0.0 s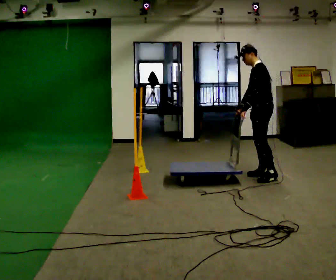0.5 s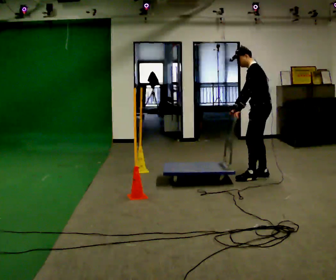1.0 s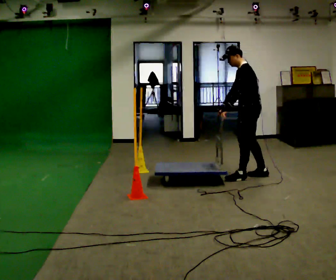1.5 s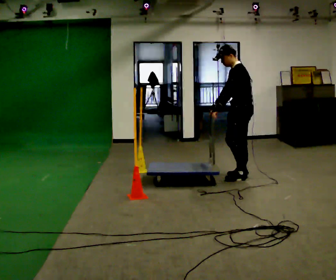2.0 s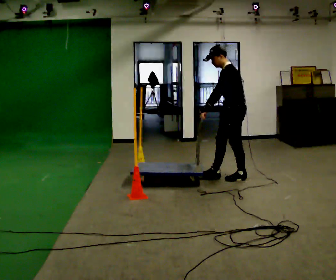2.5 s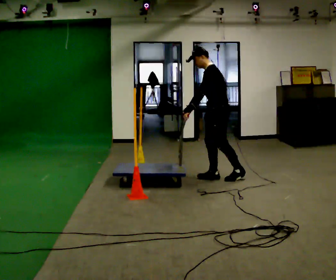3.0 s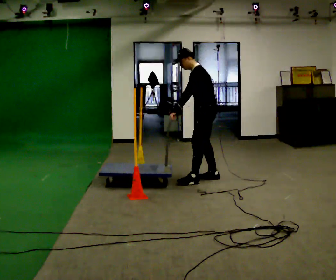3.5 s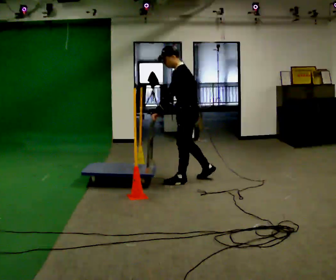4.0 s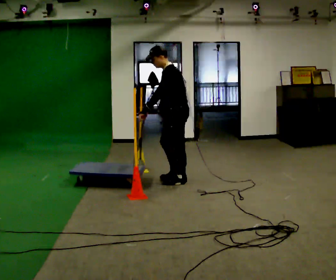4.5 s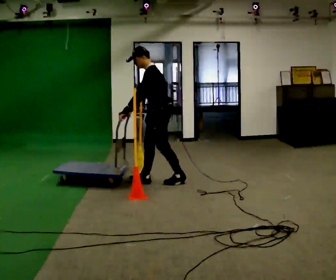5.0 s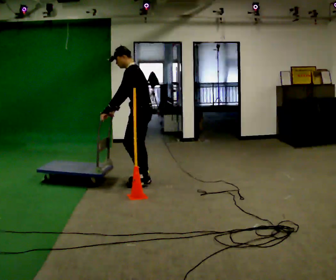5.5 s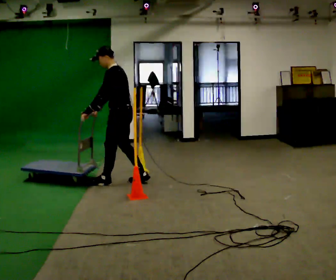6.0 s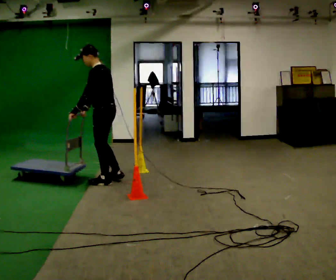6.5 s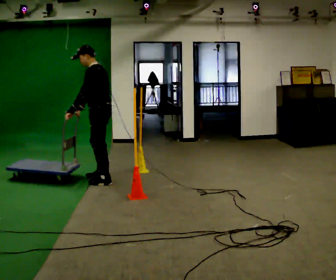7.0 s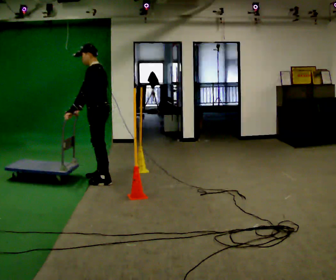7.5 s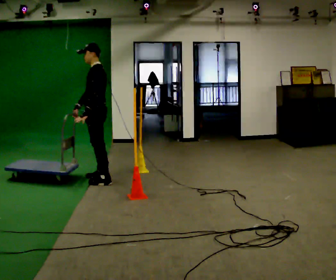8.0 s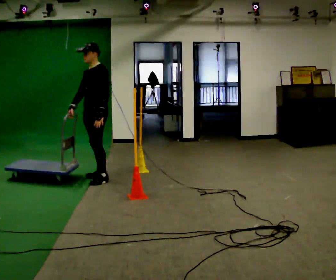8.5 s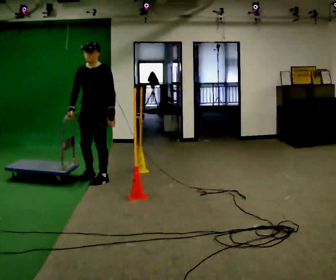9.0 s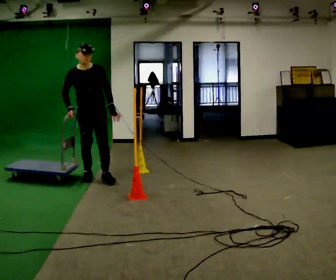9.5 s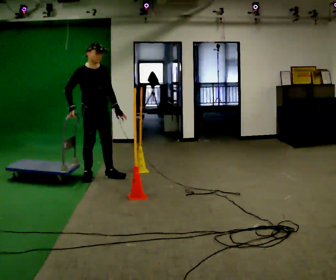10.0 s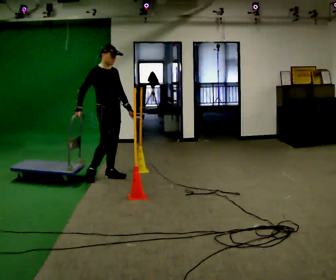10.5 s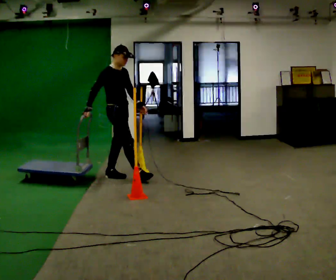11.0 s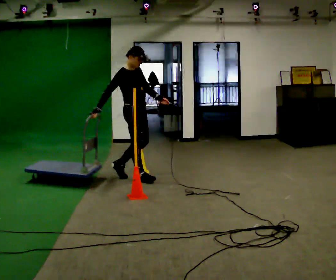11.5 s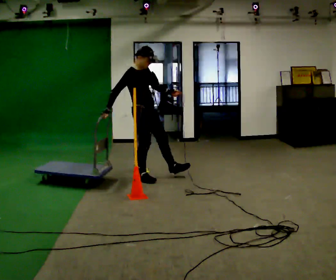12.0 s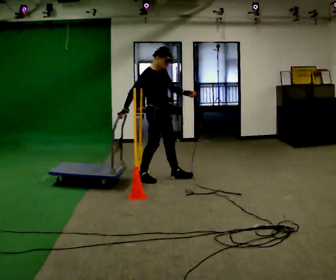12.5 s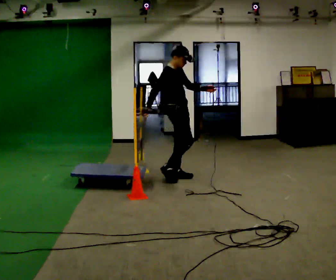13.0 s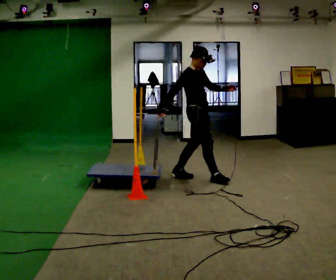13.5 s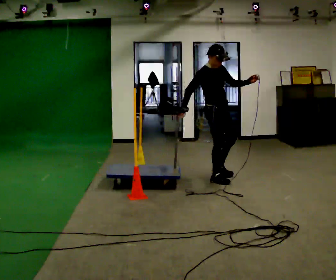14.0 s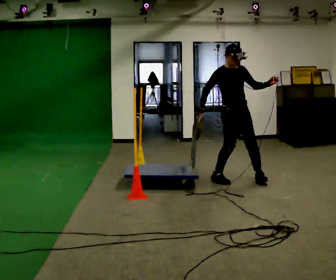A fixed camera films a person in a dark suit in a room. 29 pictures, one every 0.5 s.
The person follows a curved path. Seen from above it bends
clockwise.
0.0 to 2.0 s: In the picture they go to the left, about 0.5 m in 2 steps, which for them is forward.
2.0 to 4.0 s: In the picture they go to the left, about 0.5 m in 1 step, which for them is forward.
4.0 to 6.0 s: In the picture they go to the left, about 1 m in 2 steps, which for them is forward.
6.0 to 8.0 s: The person turns about 45 degrees to their left, counterclockwise seen from above, so the part of the body nearest the lens slides to the right. In the picture they go away from the camera, about 0.25 m in 2 steps, which for them is to their right and forward. In the picture their left hand goes to the right.
8.0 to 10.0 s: Seen from above the body turns counterclockwise, about 105 degrees: to their left, with its near side sliding to the right. In the picture their left hand goes to the right.
10.0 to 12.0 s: In the picture they go to the right, about 0.75 m in 2 steps, which for them is forward.
12.0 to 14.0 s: The part of the body nearest the lens slides to the left as the person turns to their right by about 30 degrees. In the picture they go to the right, about 1 m in 2 steps, which for them is forward.
The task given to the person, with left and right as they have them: Push the cart through the gap between the poles without touching them, then bring it back through.
The film runs forward here.
